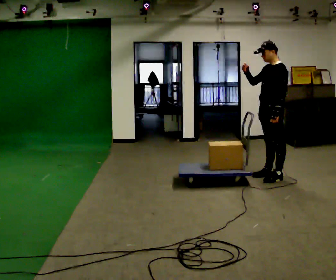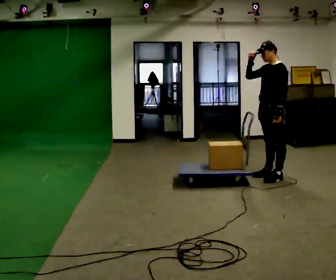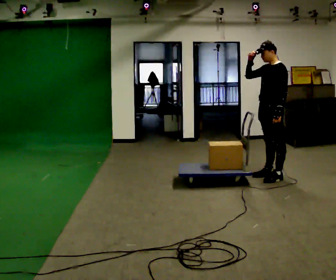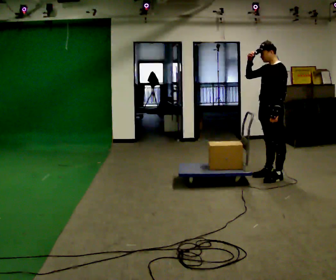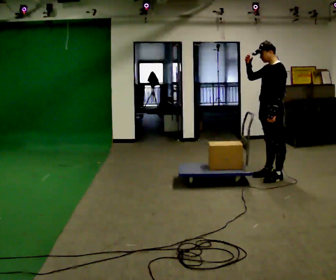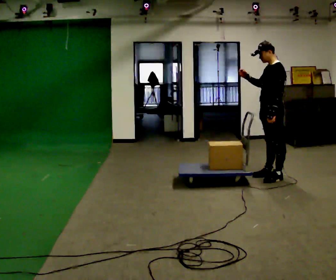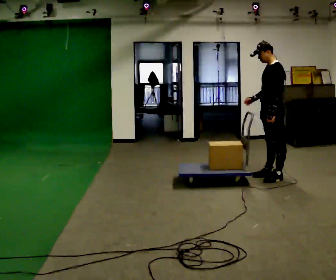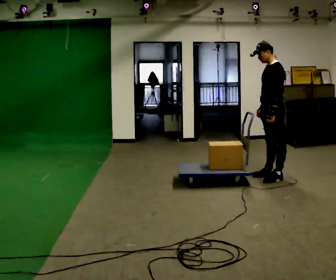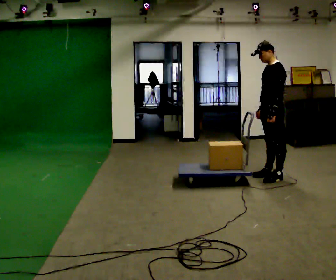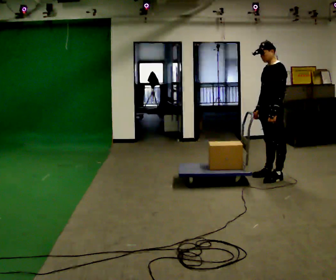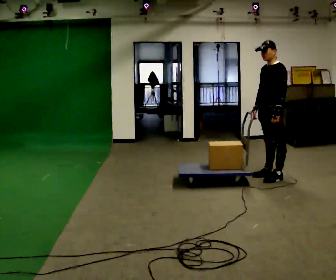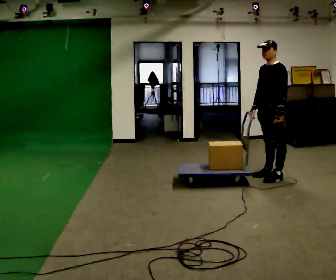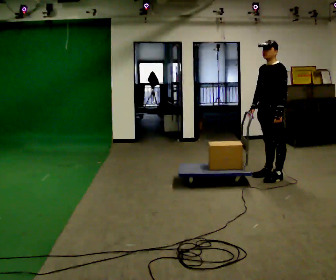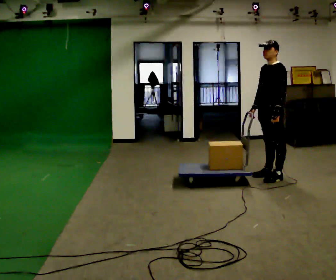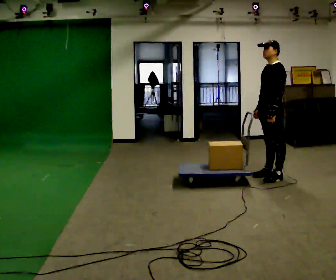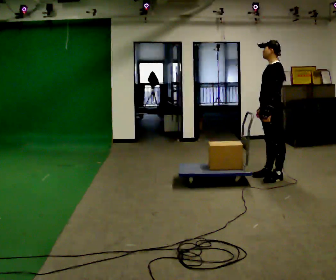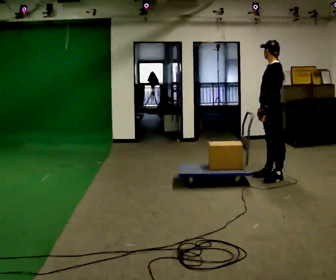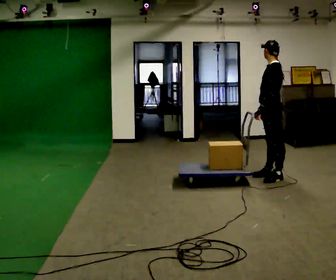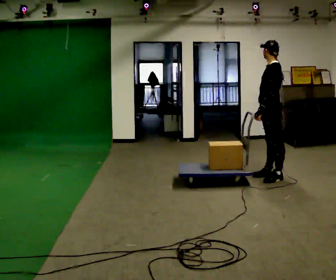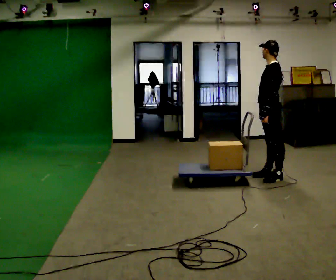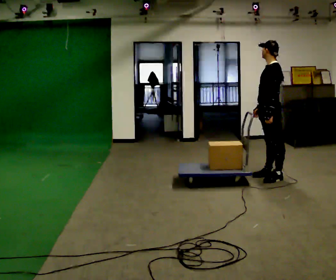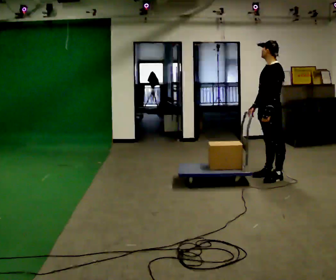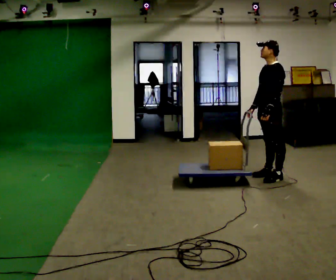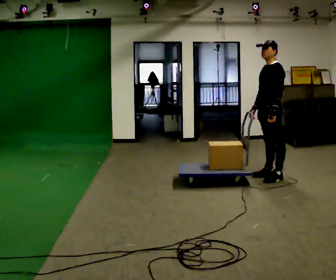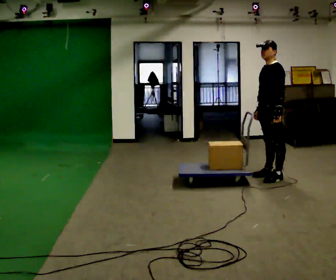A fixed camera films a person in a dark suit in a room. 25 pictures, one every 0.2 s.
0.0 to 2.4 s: In the picture their right hand goes downward.
2.4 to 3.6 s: Seen from above the body turns clockwise, about 30 degrees: to their right, with its near side sliding to the left.
3.6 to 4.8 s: The person moves a little, or ends about where they began.
The film runs backward here.
